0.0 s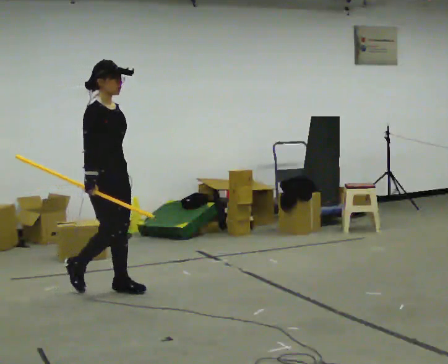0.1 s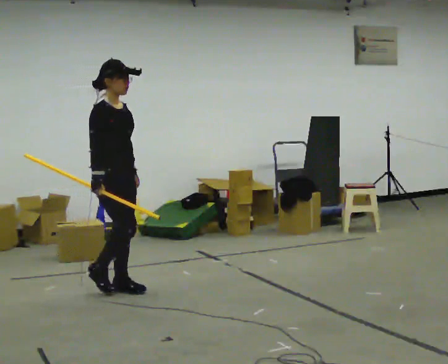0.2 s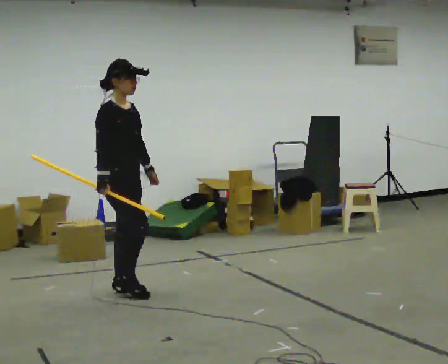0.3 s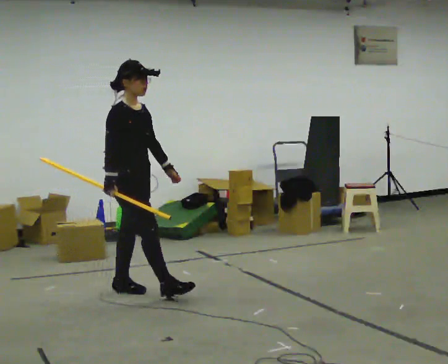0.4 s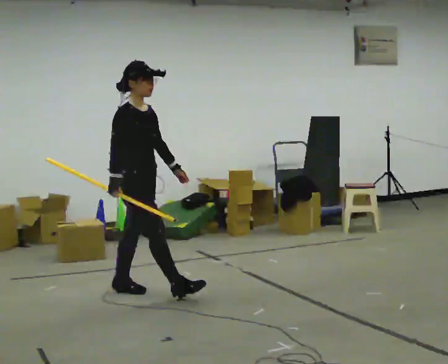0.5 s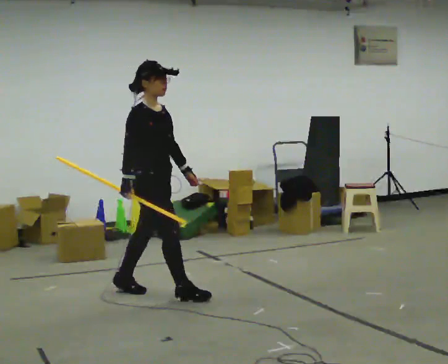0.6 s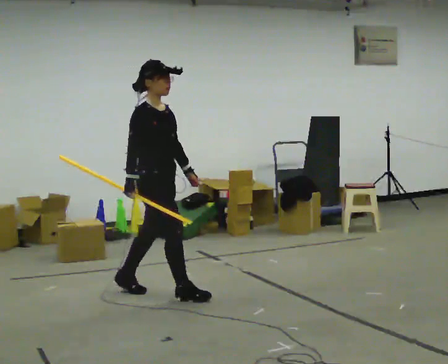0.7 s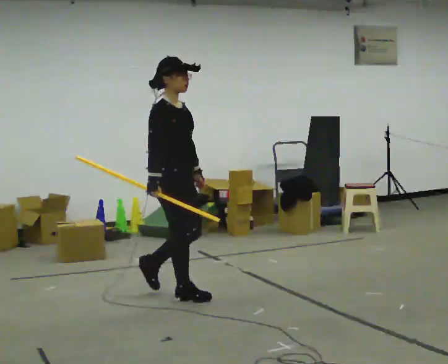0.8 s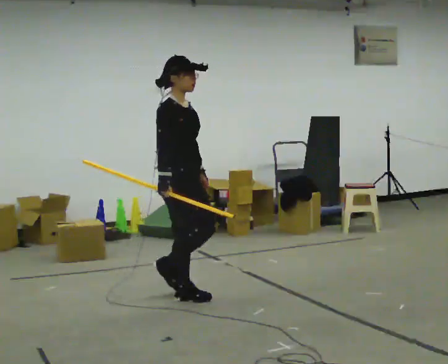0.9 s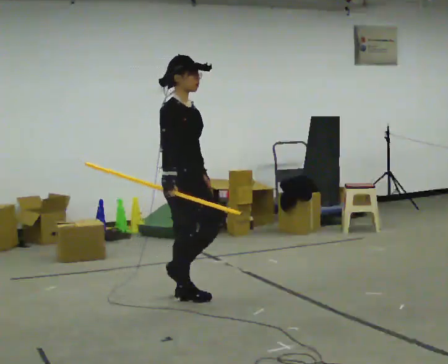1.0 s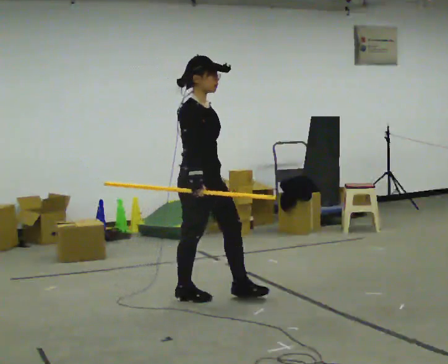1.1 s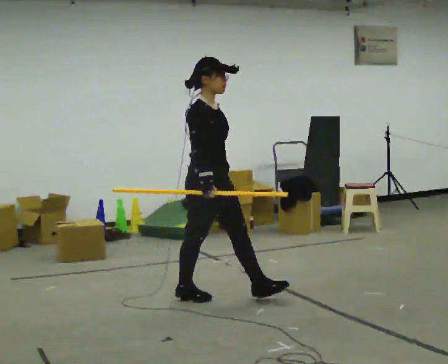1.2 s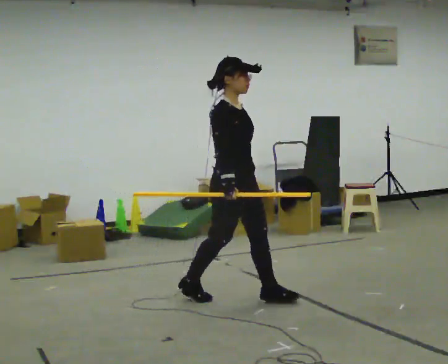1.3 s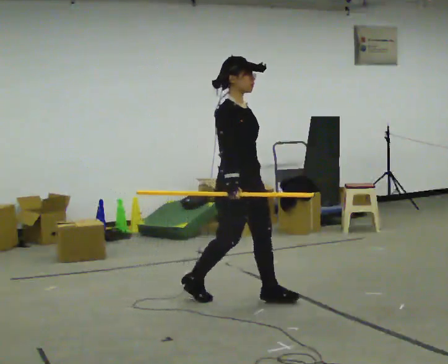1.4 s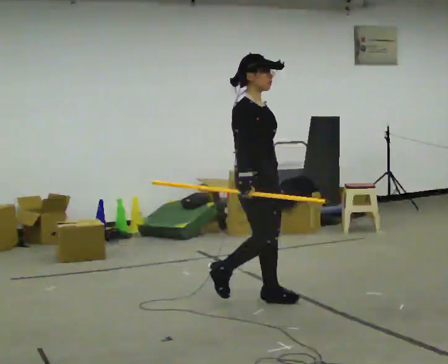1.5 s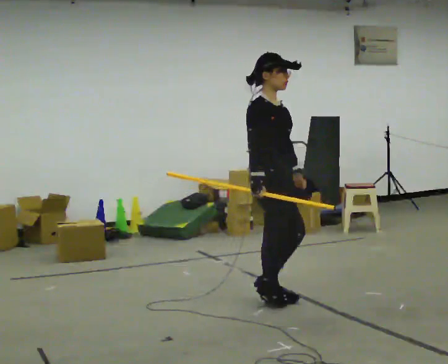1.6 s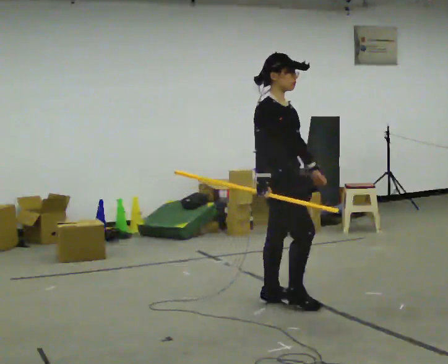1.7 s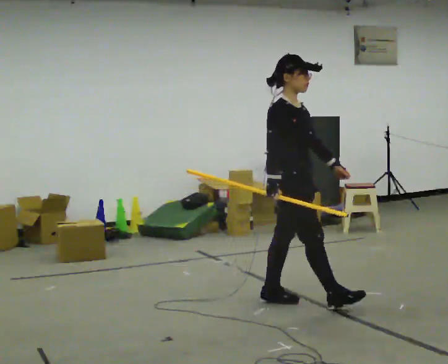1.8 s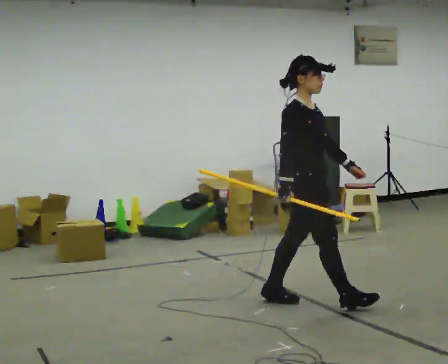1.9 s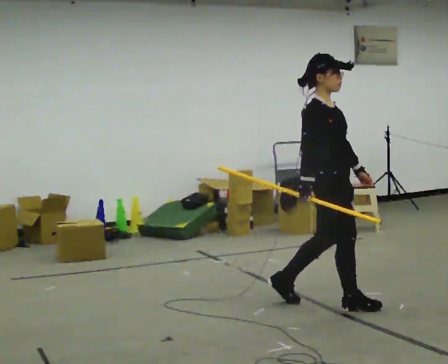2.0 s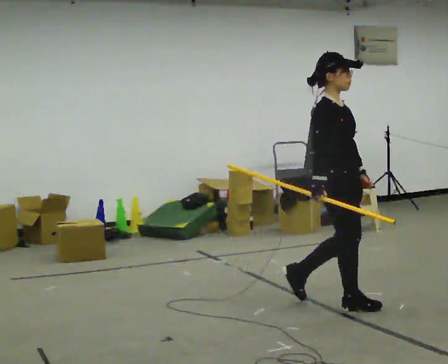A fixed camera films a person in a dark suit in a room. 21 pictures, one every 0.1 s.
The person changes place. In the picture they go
to the right.
0.0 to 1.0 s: In the picture they go to the right and toward the camera, about 0.5 m in 1 step, which for them is forward.
1.0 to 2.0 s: In the picture they go to the right and toward the camera, about 1 m in 2 steps, which for them is forward.
The film runs forward here.
